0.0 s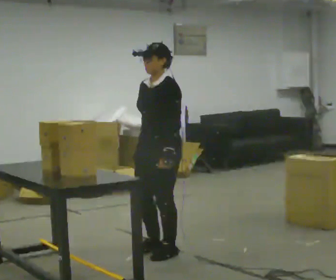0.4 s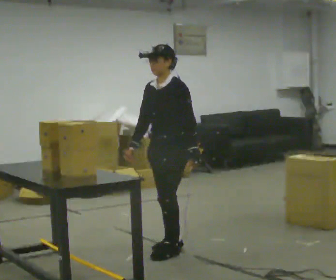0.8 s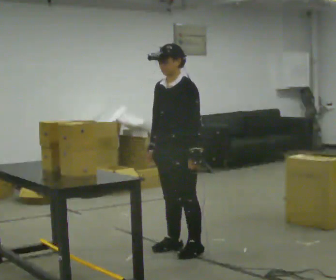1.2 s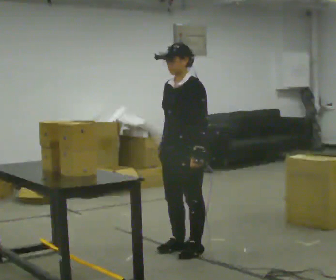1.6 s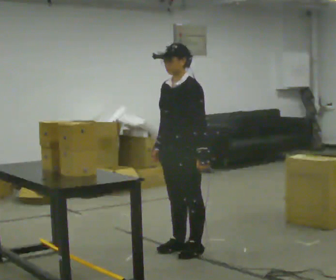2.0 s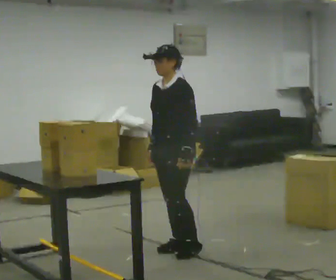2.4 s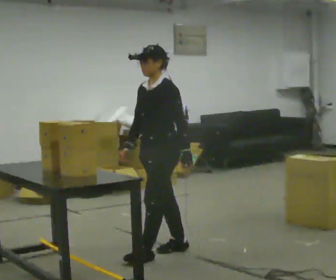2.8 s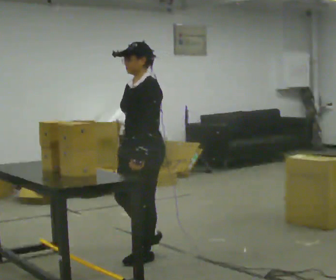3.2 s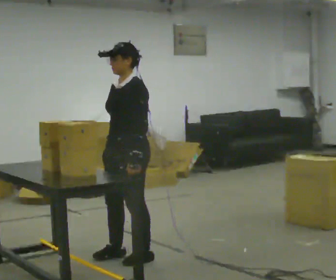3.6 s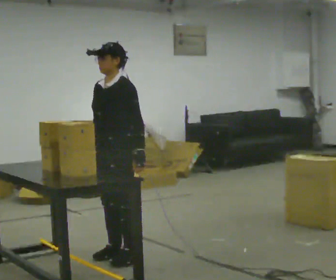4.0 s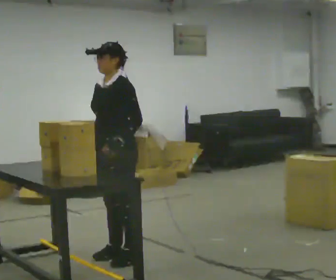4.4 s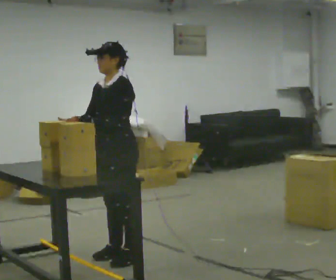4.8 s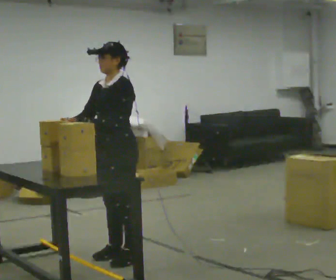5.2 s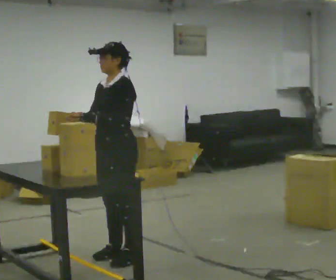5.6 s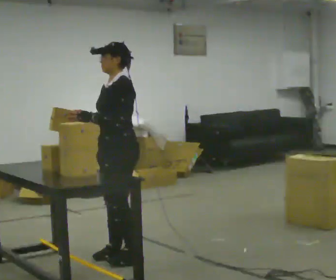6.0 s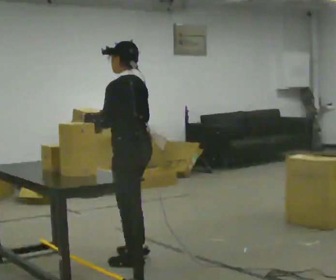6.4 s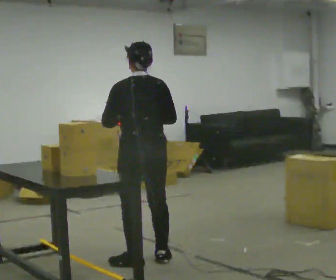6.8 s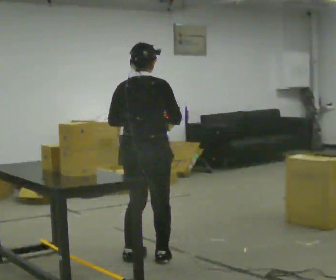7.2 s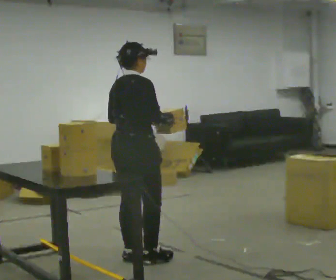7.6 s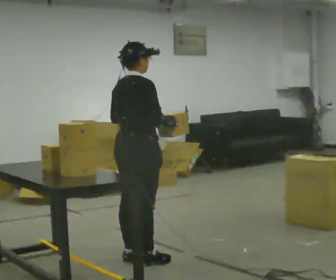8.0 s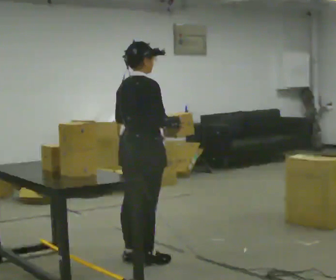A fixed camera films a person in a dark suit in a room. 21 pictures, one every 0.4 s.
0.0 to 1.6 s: In the picture they go to the right, about 0.25 m in 2 steps, which for them is backward.
1.6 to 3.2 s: In the picture they go to the left, about 0.5 m in 2 steps, which for them is forward.
3.2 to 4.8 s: The person moves a little, or ends about where they began.
4.8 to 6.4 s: Seen from above the body turns clockwise, about 105 degrees: to their right, with its near side sliding to the left. In the picture they go to the right, about 0.25 m in 1 step. In the picture their right hand goes to the right.
6.4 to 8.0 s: Seen from above the body turns clockwise, about 75 degrees: to their right, with its near side sliding to the left.
The film runs forward here.
